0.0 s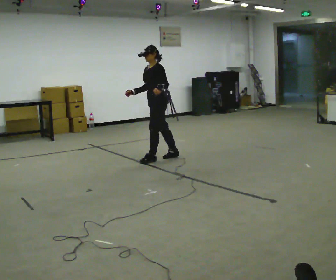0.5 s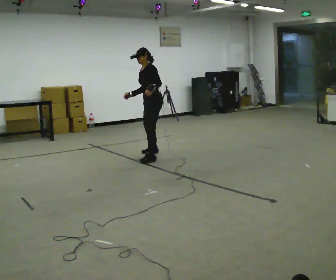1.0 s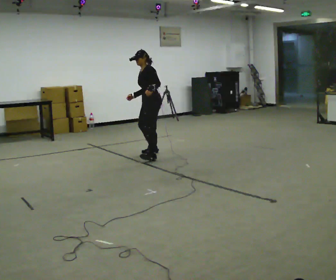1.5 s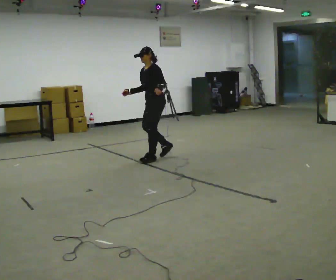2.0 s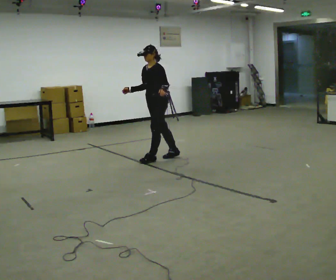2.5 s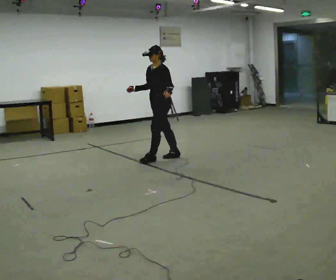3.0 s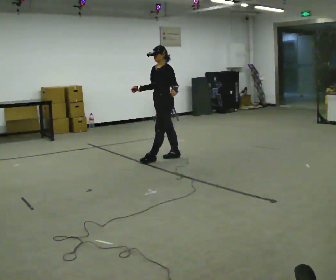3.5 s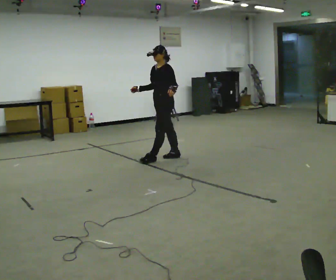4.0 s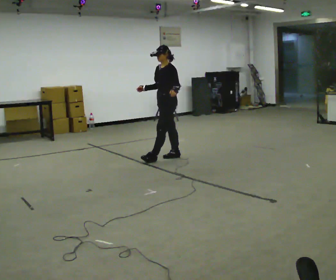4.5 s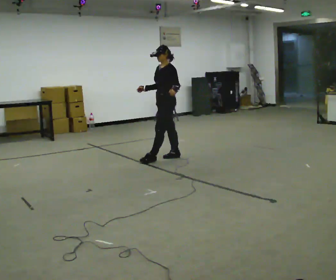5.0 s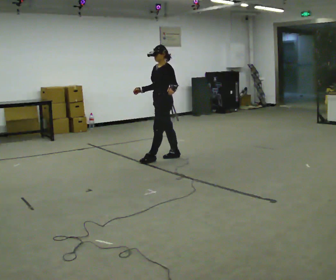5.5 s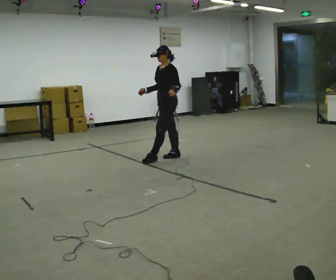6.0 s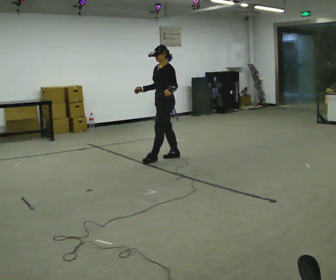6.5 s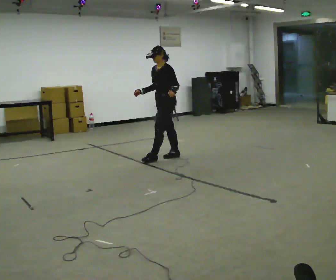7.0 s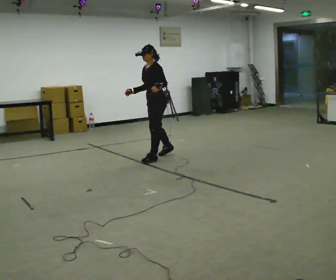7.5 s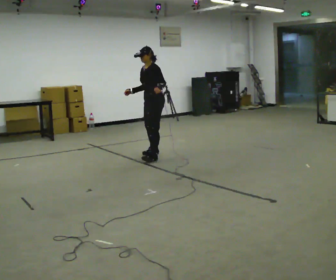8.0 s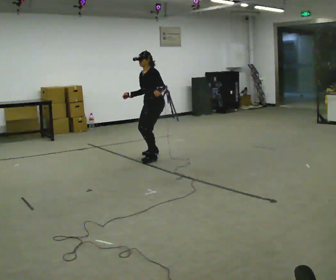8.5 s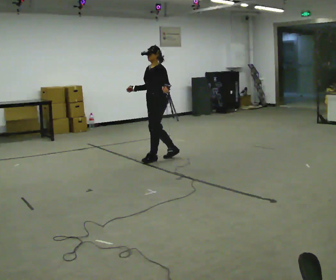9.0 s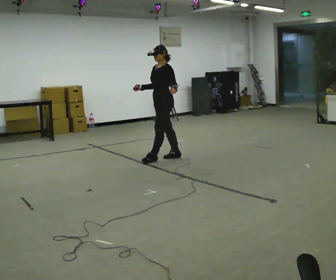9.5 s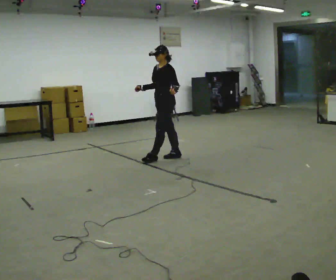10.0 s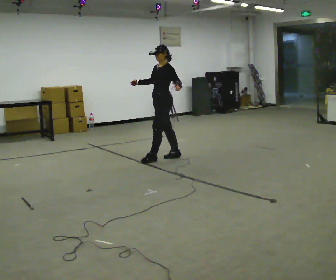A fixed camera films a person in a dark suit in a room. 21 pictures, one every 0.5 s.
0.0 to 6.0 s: The person moves a little, or ends about where they began.
6.0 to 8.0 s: In the picture they go away from the camera and to the left, about 0.25 m in 1 step, which for them is to their right.
8.0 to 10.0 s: In the picture they go toward the camera, about 0.25 m in 1 step, which for them is to their left. In the picture the upper body tilts clockwise, shoulders to the right, as they lean back or straighten.
The film runs backward here.
